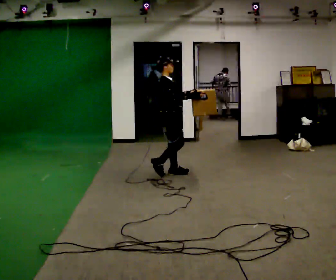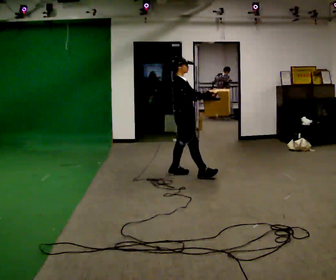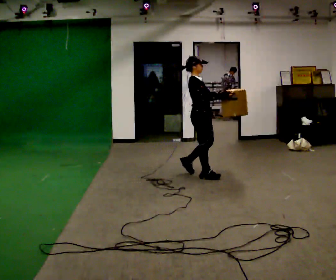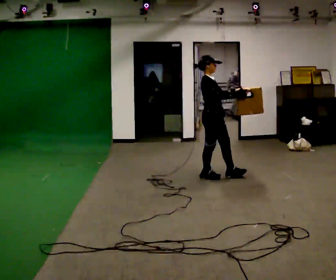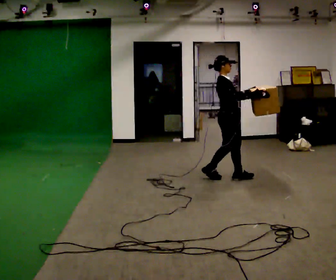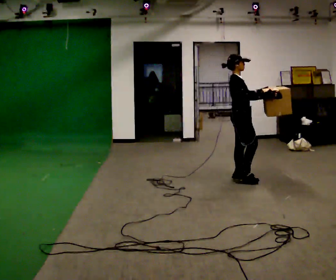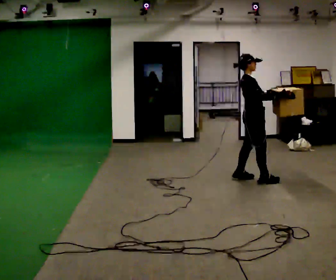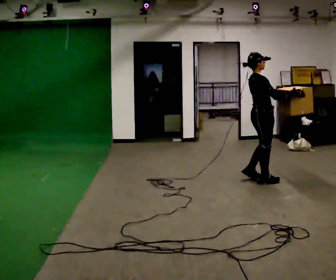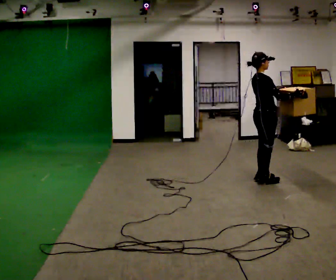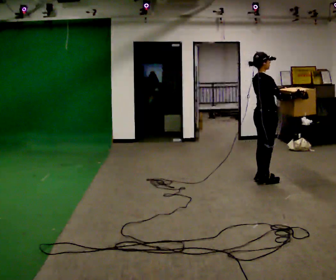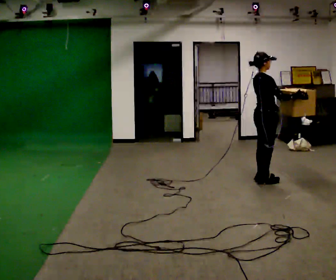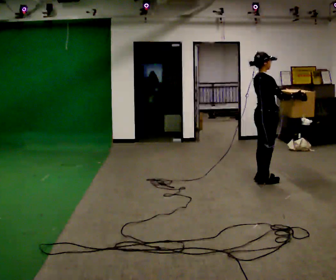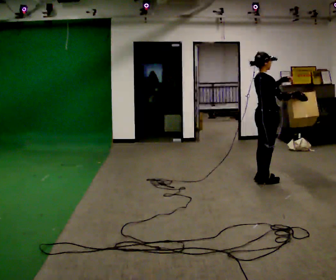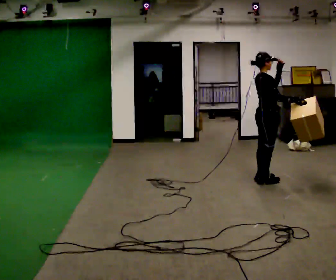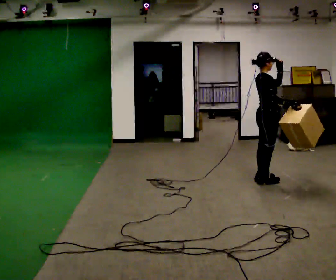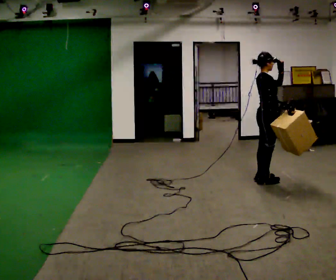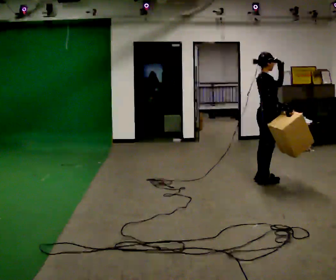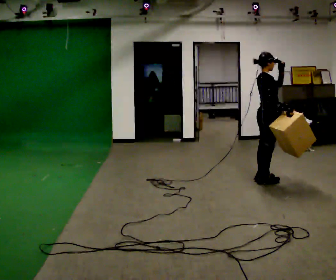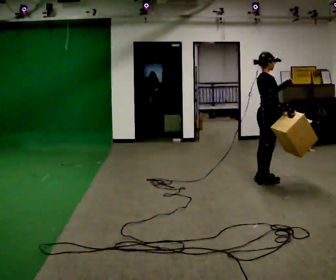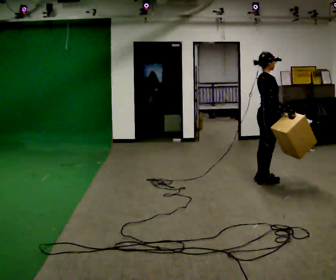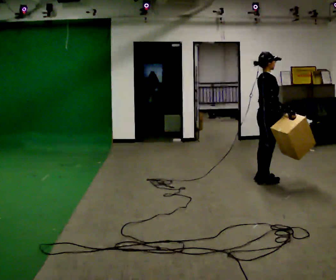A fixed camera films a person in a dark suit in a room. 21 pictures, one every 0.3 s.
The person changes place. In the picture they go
to the right.
0.0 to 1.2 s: In the picture they go to the right, about 1 m in 2 steps, which for them is forward.
1.2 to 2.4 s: The part of the body nearest the lens slides to the right as the person turns to their left by about 30 degrees. In the picture they go to the right, about 0.5 m in 2 steps, which for them is forward and to their right.
2.4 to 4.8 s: The person moves a little, or ends about where they began.
4.8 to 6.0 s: In the picture their left hand goes downward.
The film runs forward here.
